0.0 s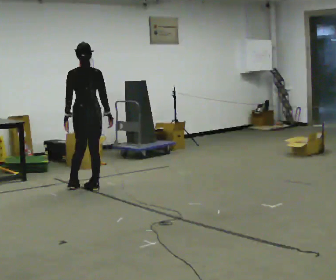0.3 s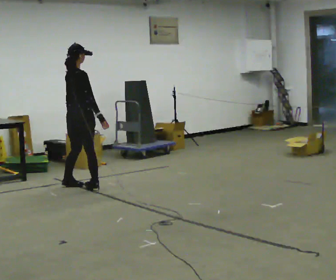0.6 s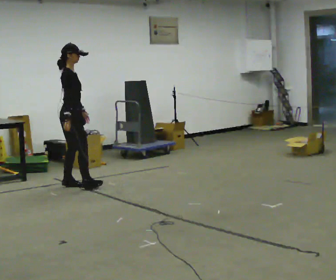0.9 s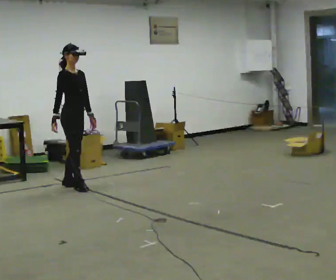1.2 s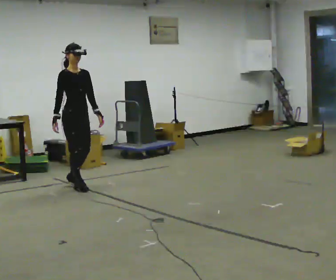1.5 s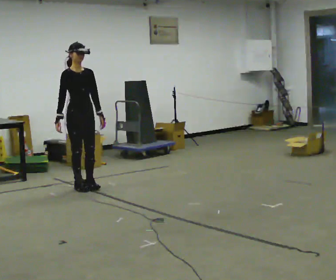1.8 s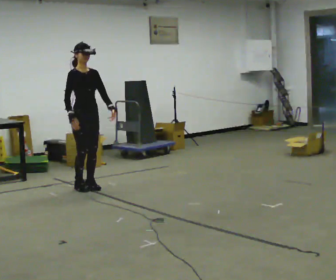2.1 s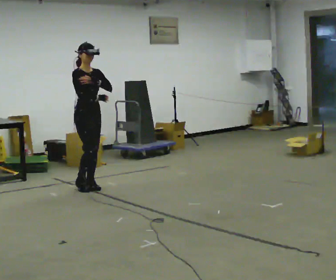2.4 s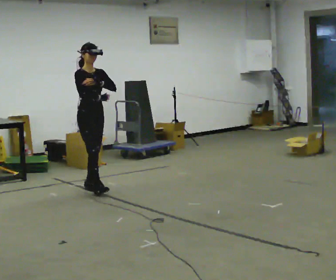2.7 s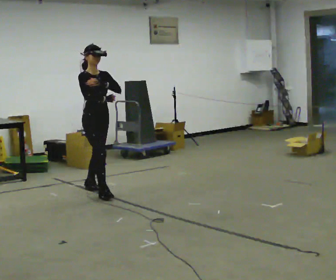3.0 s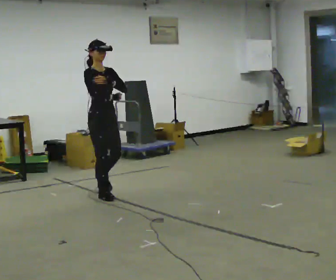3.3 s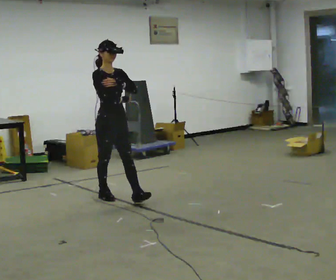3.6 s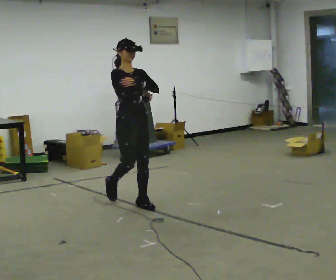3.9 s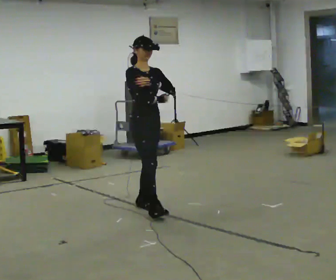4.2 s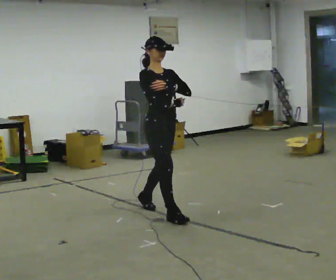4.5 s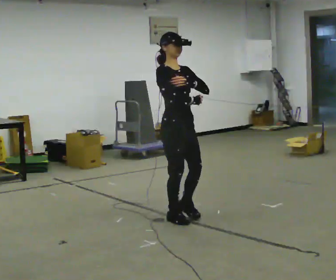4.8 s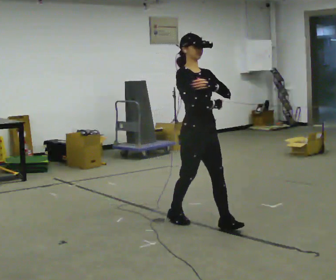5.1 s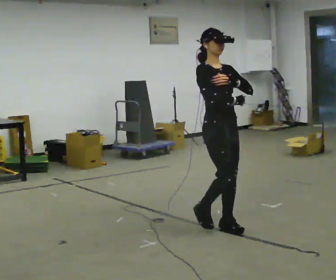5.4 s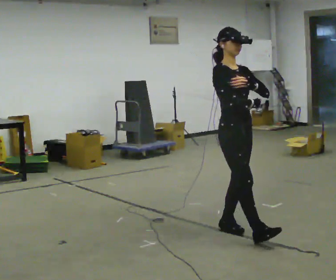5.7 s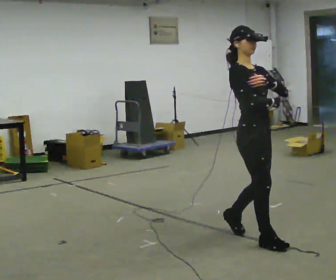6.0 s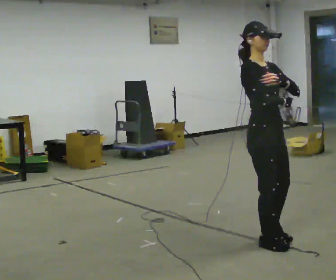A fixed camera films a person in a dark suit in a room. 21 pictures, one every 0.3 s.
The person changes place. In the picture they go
toward the camera.
0.0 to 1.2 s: Seen from above the body turns clockwise, about 135 degrees: to their right, with its near side sliding to the left. In the picture their right hand goes to the left, the arm swinging clockwise.
1.2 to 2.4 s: In the picture they go to the right, about 0.25 m in 1 step, which for them is forward. In the picture their right hand goes to the right, the arm swinging counterclockwise.
2.4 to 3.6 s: In the picture they go toward the camera and to the right, about 1 m in 2 steps, which for them is forward.
3.6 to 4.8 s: In the picture they go toward the camera and to the right, about 1 m in 2 steps, which for them is forward.
4.8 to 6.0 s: In the picture they go toward the camera and to the right, about 0.75 m in 1 step, which for them is forward.
The film runs forward here.
